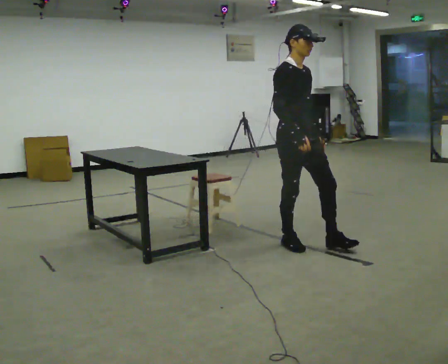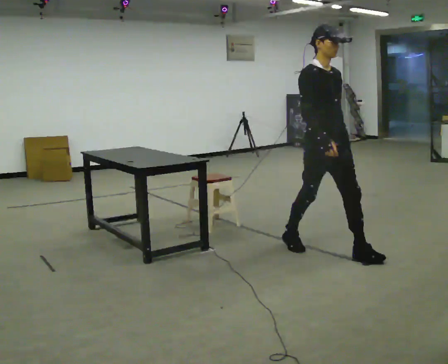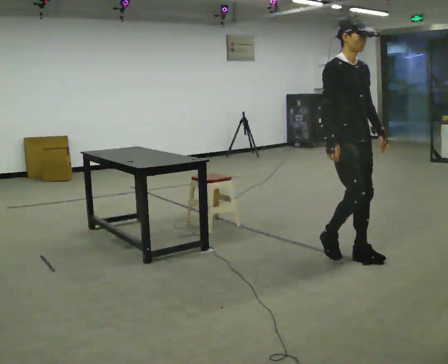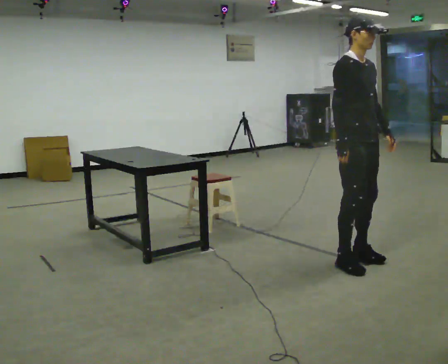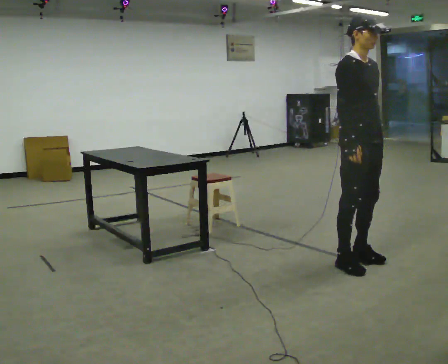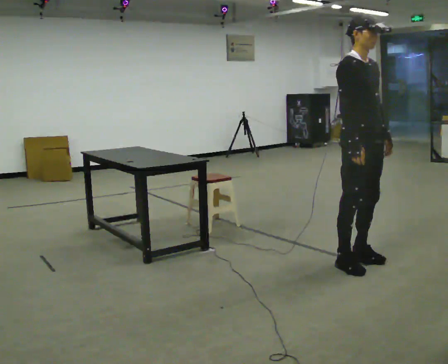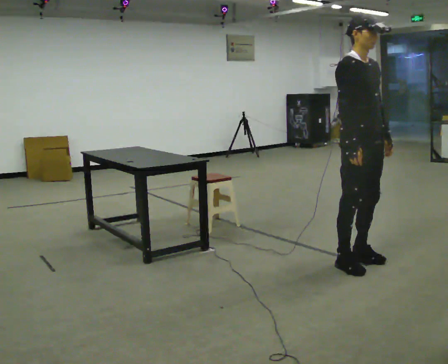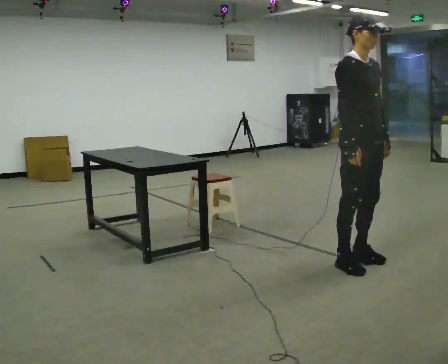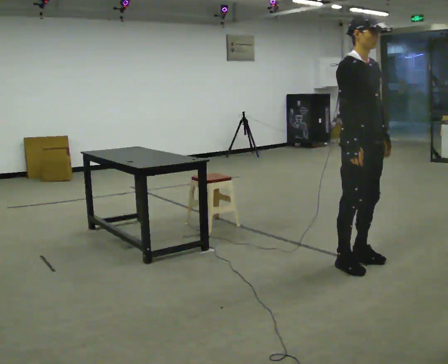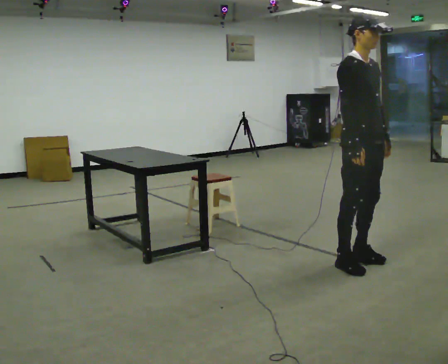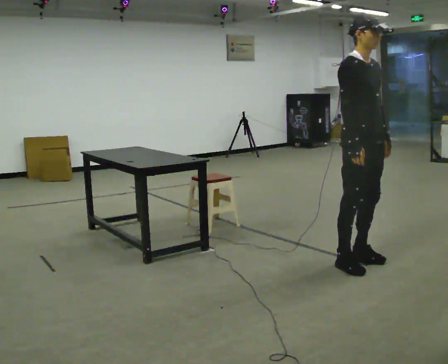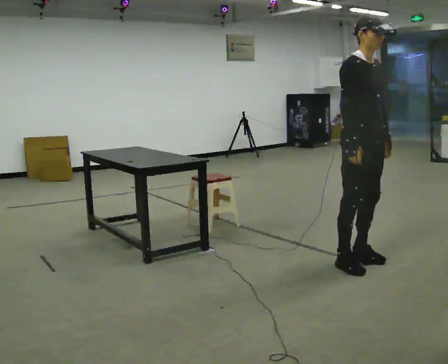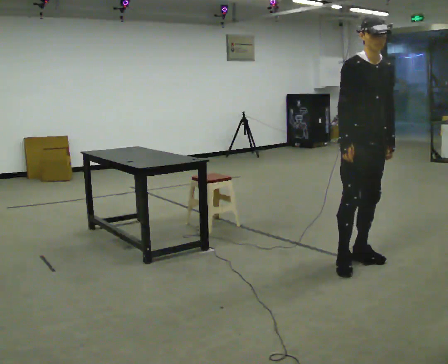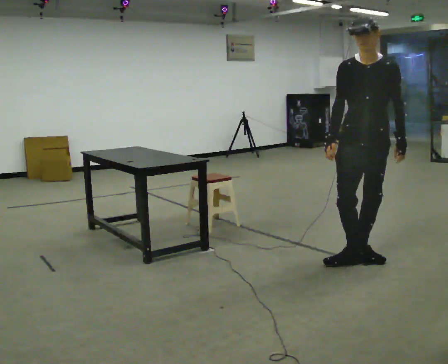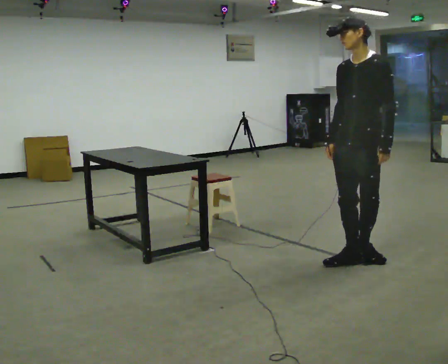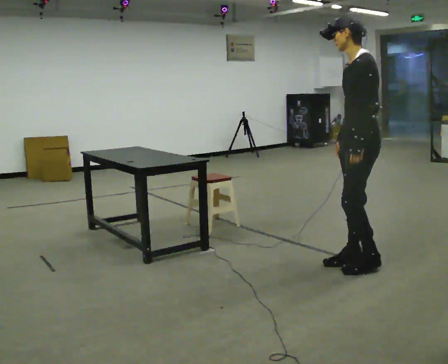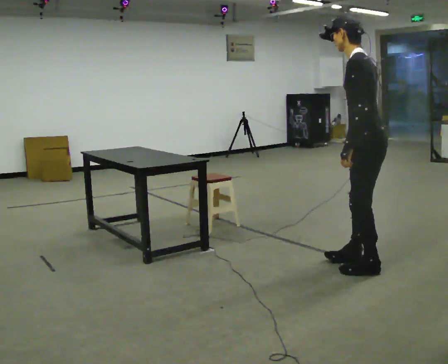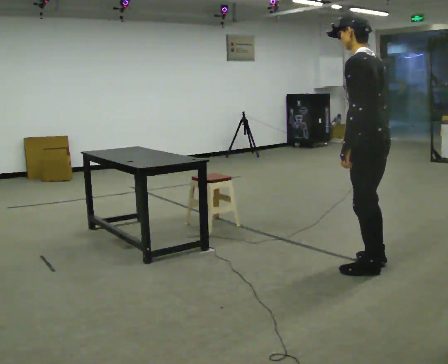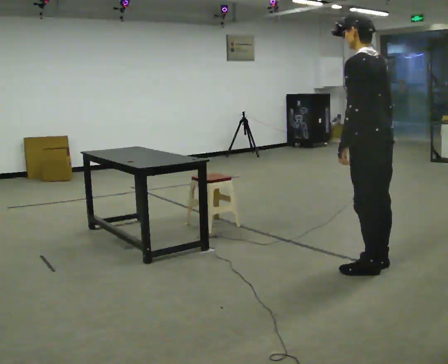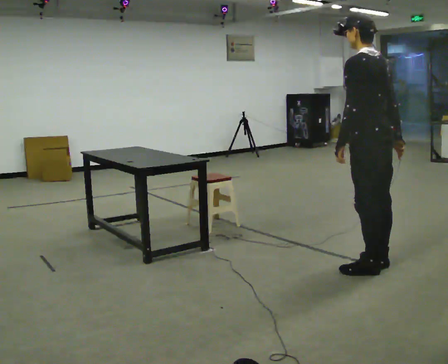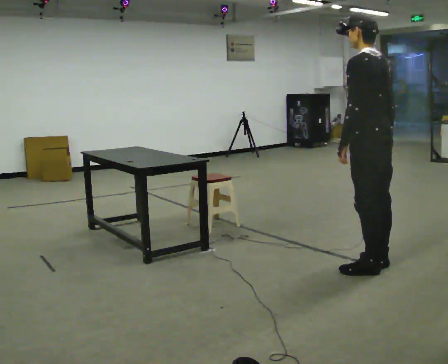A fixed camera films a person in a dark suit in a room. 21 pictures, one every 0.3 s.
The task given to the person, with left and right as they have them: Walk up to the chair at the table, sit down into the space, settle as if you were about to work there, then stand up and step away. Repeat the movement at your own pace until the operator says stop; do not rush.
0.0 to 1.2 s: In the picture they go to the right and toward the camera, about 0.5 m in 2 steps, which for them is forward.
1.2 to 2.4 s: The person moves a little, or ends about where they began.
2.4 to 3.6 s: The part of the body nearest the lens slides to the left as the person turns to their right by about 30 degrees.
3.6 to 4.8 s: The person turns about 135 degrees to their right, clockwise seen from above, so the part of the body nearest the lens slides to the left. In the picture they go toward the camera, about 0.25 m in 1 step. In the picture the upper body tilts counterclockwise, shoulders to the left.
4.8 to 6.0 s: The person moves a little, or ends about where they began.
The film runs forward here.
